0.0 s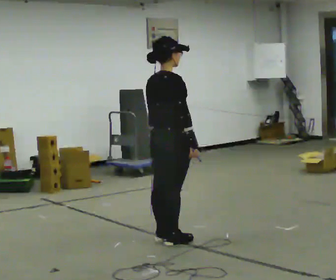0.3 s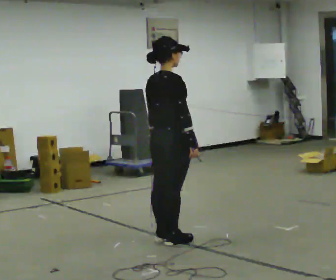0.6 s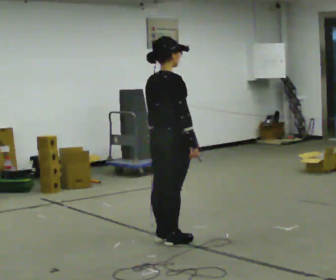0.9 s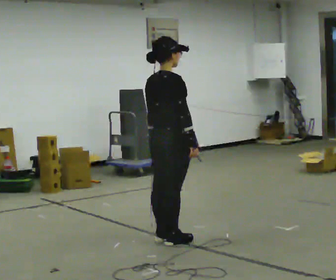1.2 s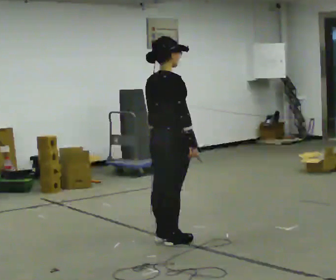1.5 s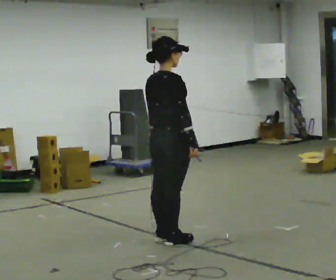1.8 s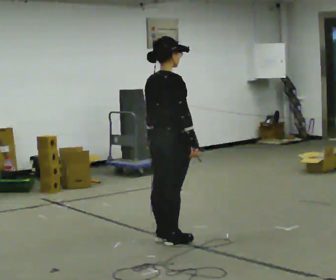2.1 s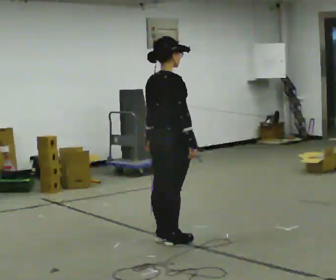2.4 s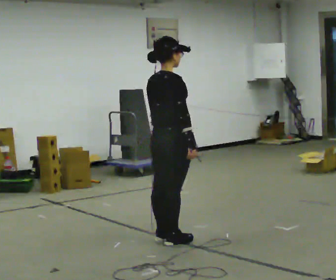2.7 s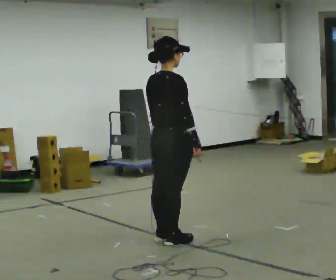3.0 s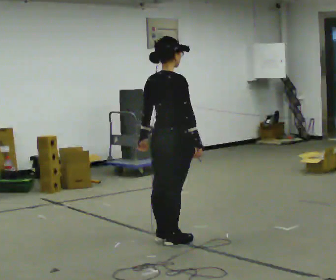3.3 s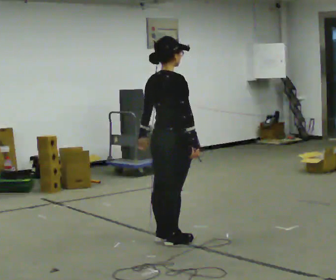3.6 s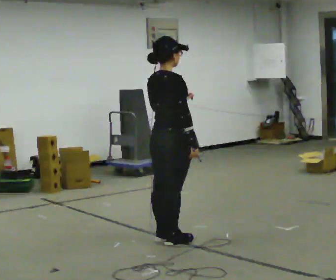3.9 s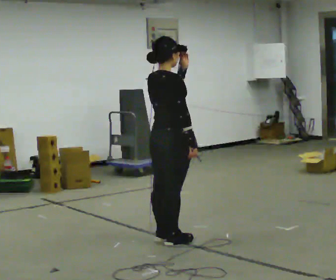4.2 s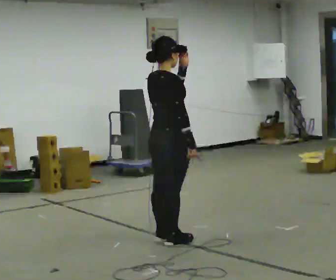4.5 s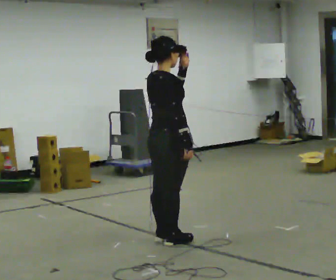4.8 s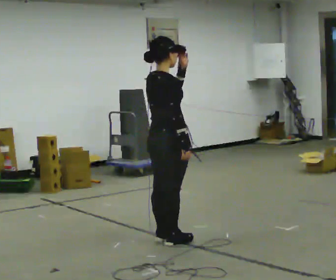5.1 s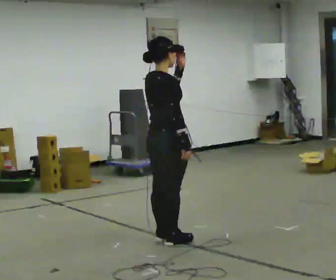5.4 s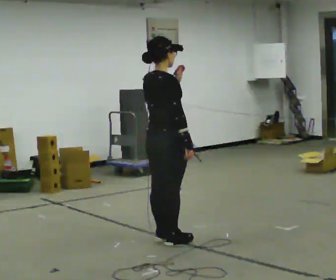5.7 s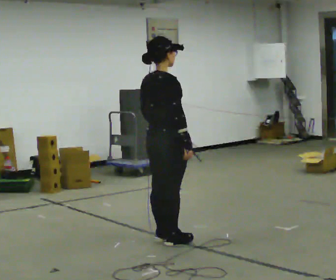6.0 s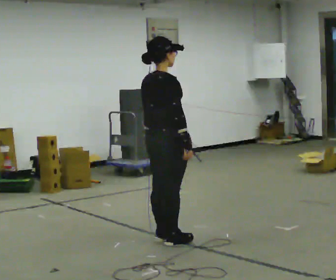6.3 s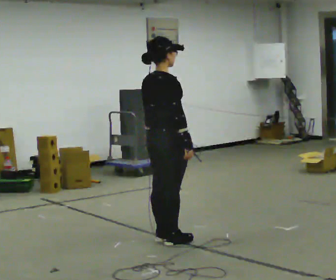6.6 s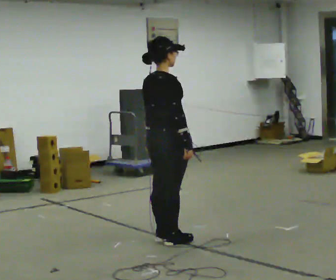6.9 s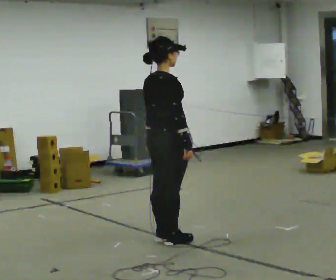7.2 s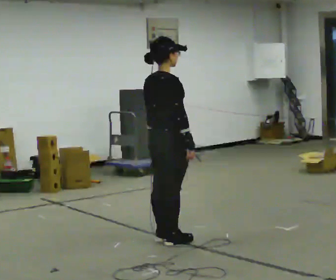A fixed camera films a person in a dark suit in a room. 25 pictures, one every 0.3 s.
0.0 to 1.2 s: The person keeps their place and pose.
1.2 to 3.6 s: The person moves a little, or ends about where they began.
3.6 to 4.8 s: In the picture their left hand goes upward.
4.8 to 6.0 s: In the picture their left hand goes downward.
6.0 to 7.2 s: The person moves a little, or ends about where they began.
The film runs backward here.
